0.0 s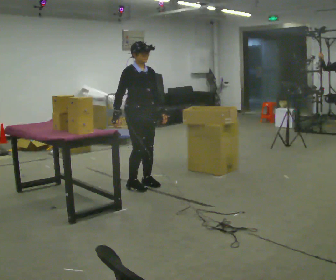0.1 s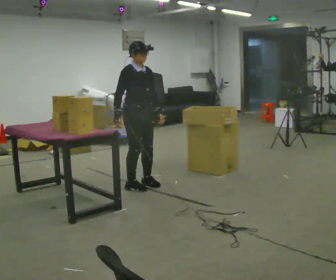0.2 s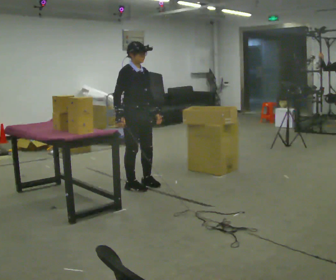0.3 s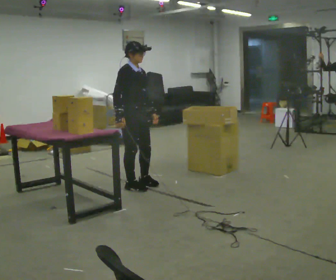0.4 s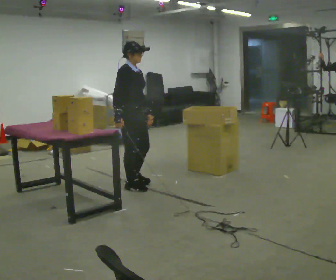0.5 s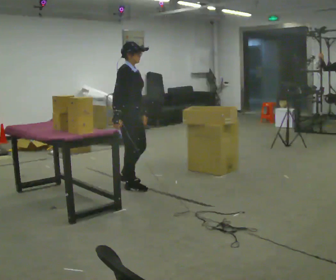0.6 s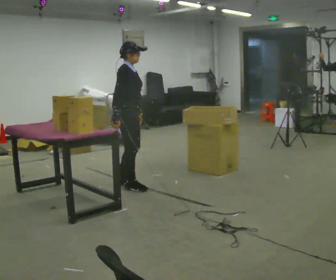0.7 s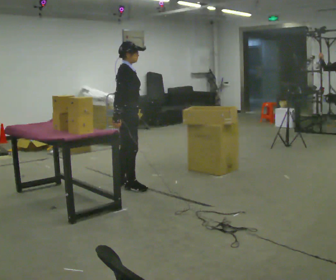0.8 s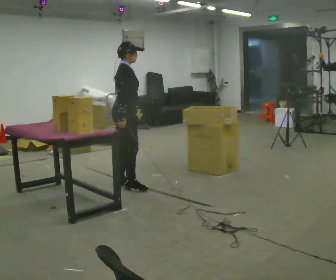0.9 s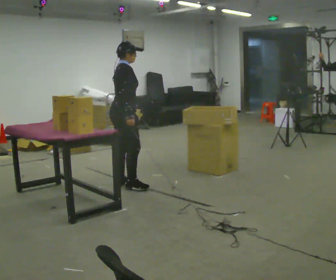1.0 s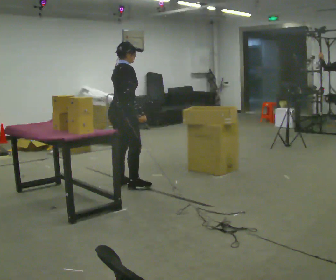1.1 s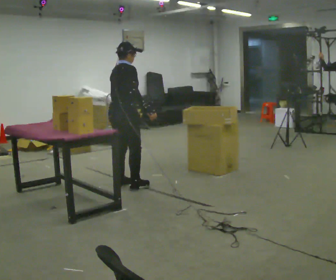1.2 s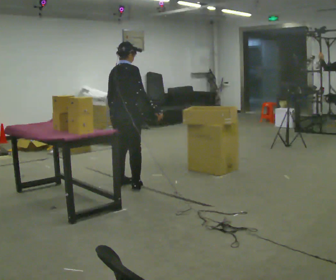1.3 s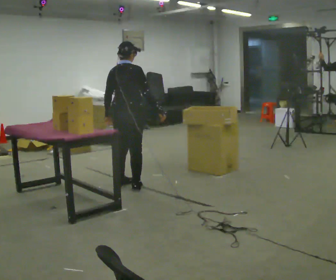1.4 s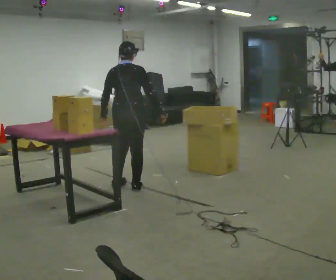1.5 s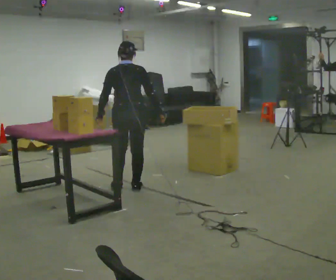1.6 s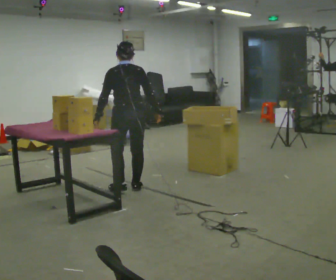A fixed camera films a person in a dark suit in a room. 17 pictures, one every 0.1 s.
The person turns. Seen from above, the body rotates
counterclockwise.
Their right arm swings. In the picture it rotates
counterclockwise.
0.0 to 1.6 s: Seen from above the body turns counterclockwise, about 150 degrees: to their left, with its near side sliding to the right. In the picture their right hand goes to the right, the arm swinging counterclockwise.
The film runs backward here.
